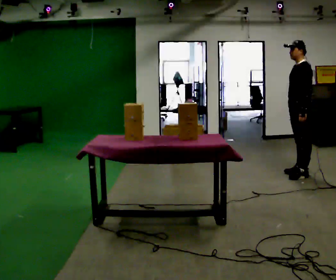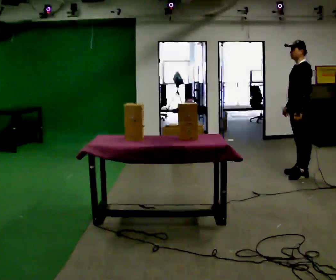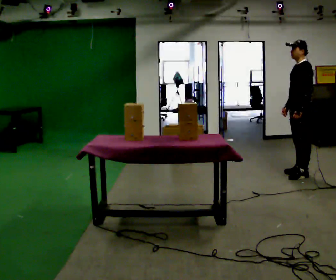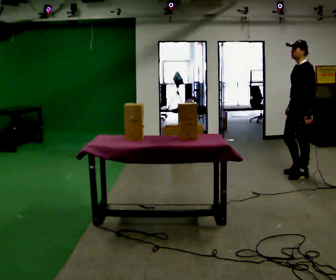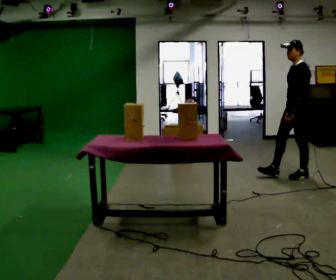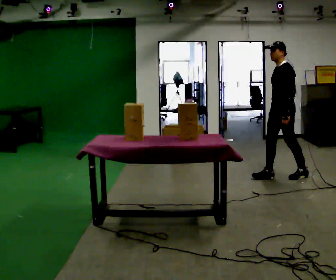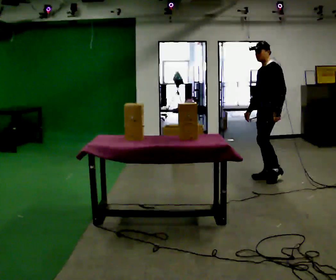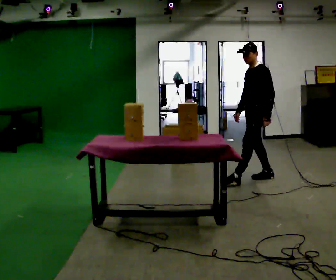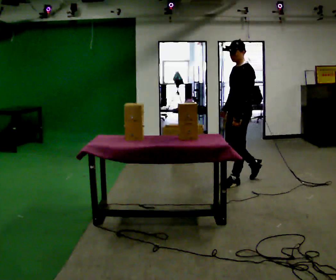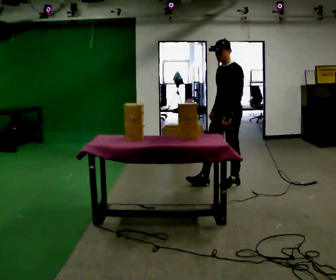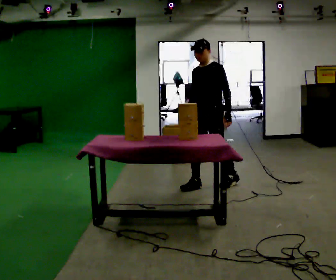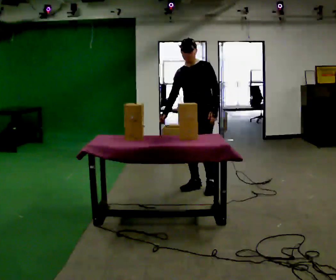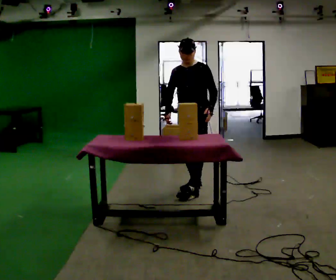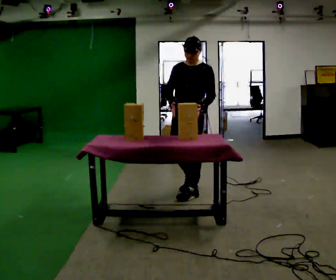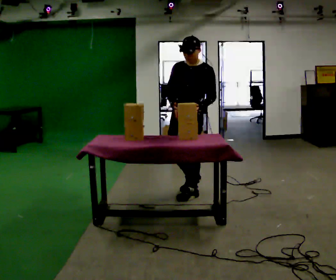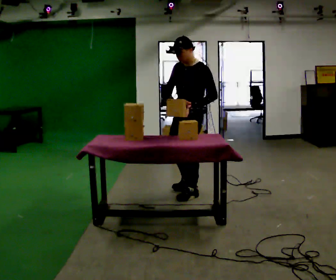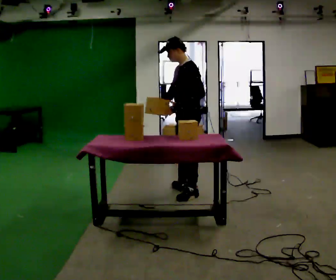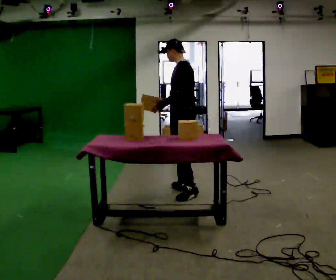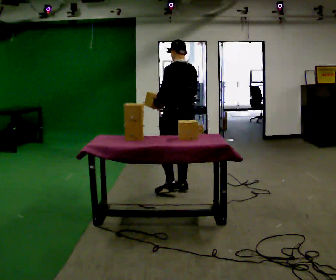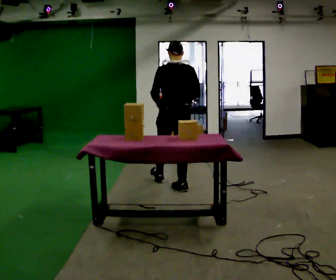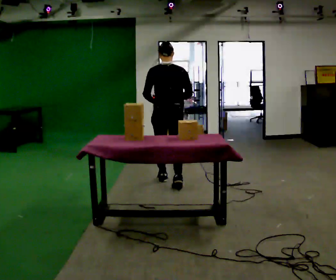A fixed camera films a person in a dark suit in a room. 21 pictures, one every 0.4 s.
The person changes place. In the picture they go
to the left.
0.0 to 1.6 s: The person moves a little, or ends about where they began.
1.6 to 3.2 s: In the picture they go to the left, about 1 m in 2 steps, which for them is forward.
3.2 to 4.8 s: Seen from above the body turns counterclockwise, about 45 degrees: to their left, with its near side sliding to the right. In the picture they go to the left and toward the camera, about 0.5 m in 2 steps, which for them is forward and to their right.
4.8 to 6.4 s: The person turns about 45 degrees to their right, clockwise seen from above, so the part of the body nearest the lens slides to the left. In the picture they go toward the camera, about 0.25 m in 1 step, which for them is forward. In the picture their left hand goes to the left.
6.4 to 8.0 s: Seen from above the body turns clockwise, about 90 degrees: to their right, with its near side sliding to the left. In the picture they go away from the camera and to the left, about 0.5 m in 1 step.
The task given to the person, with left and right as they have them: Clear everything off the table and put it away on the shelf, in as many trips as you need. Keep going until the operator says stop; one object at a time, and do not rush between trips.
The film runs forward here.
